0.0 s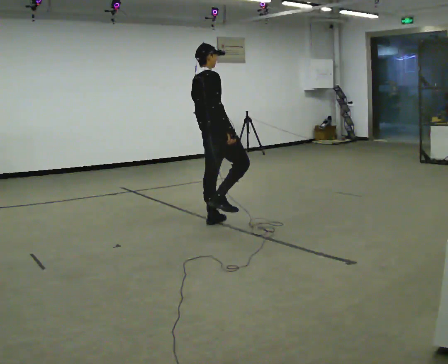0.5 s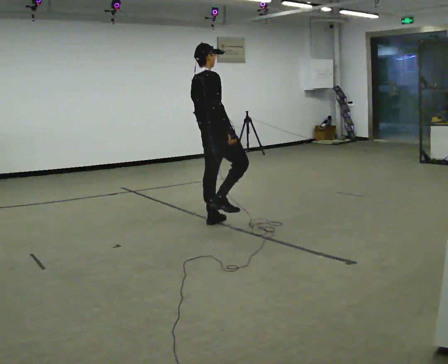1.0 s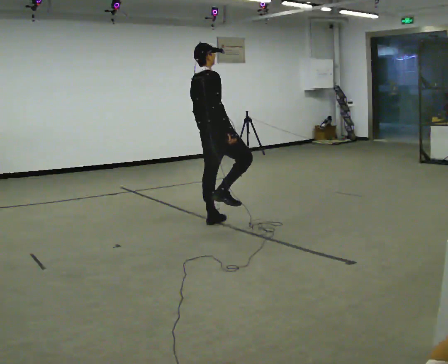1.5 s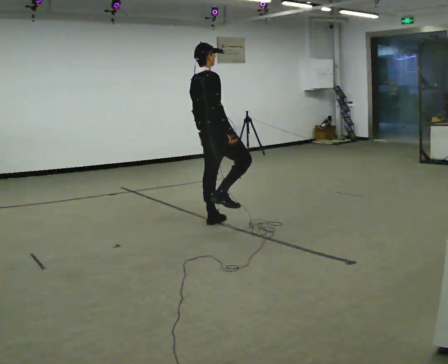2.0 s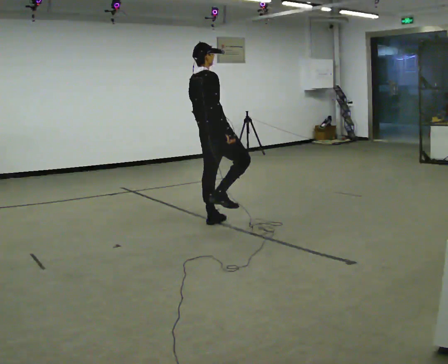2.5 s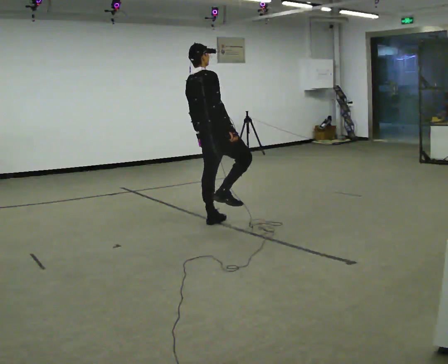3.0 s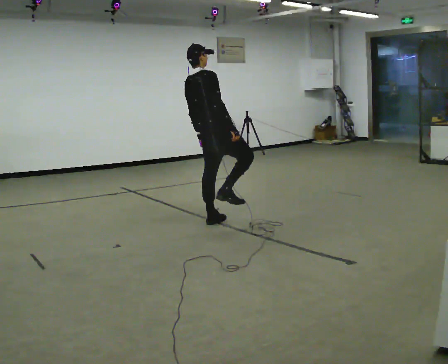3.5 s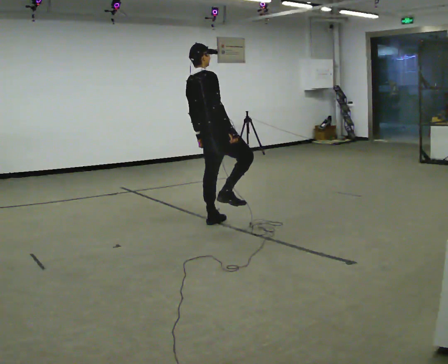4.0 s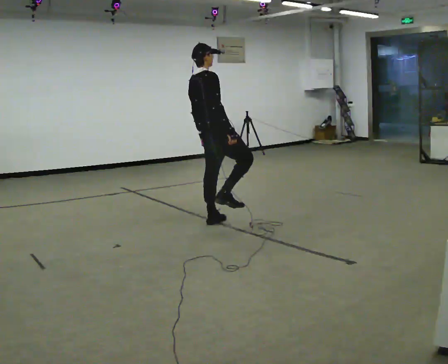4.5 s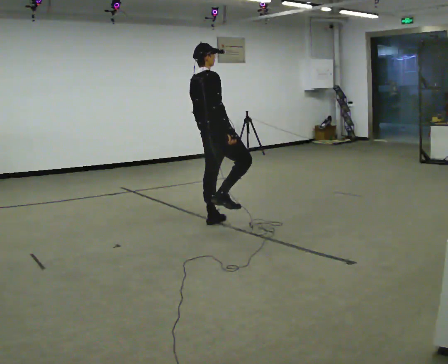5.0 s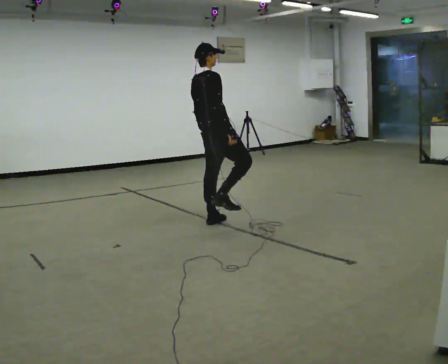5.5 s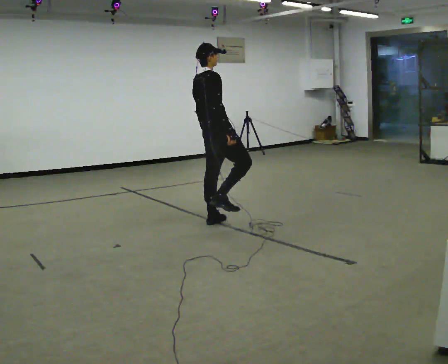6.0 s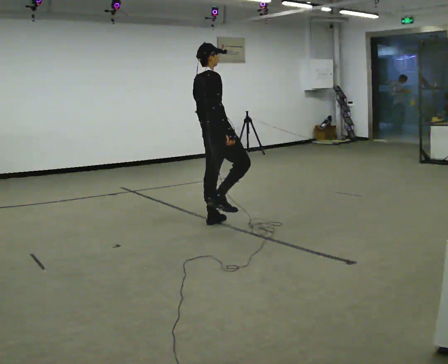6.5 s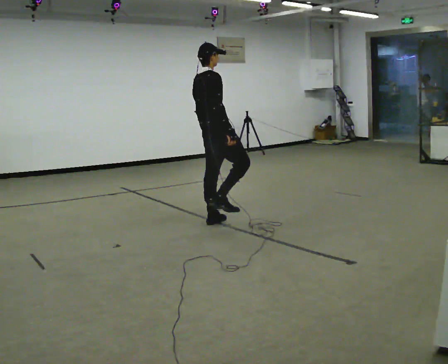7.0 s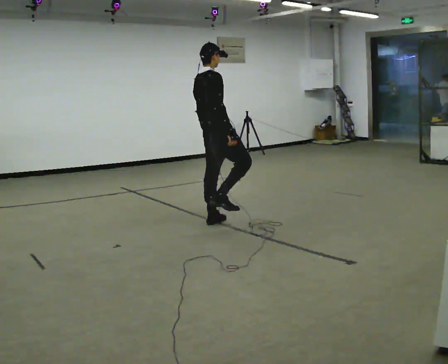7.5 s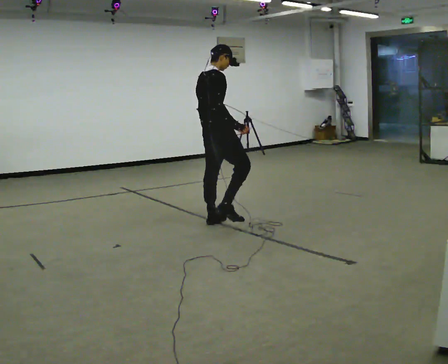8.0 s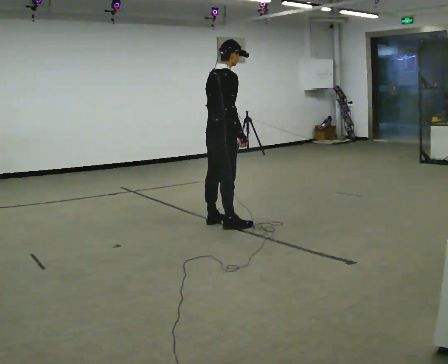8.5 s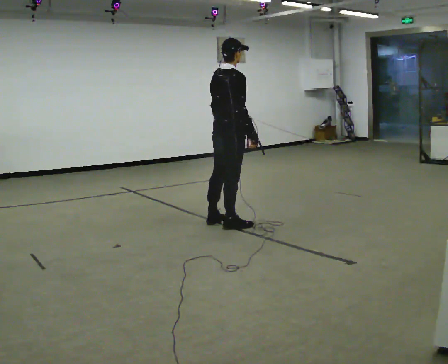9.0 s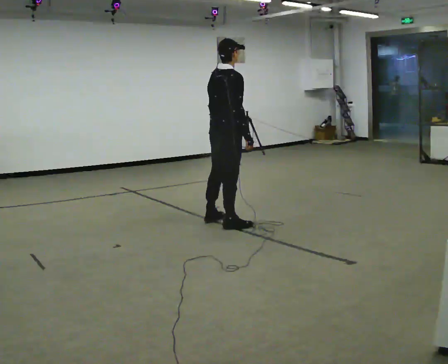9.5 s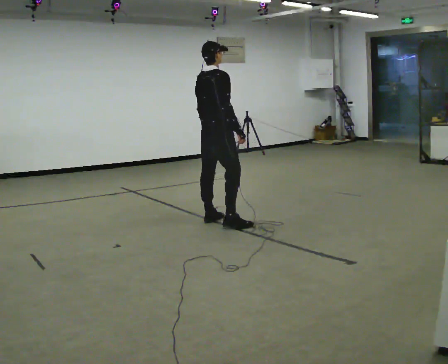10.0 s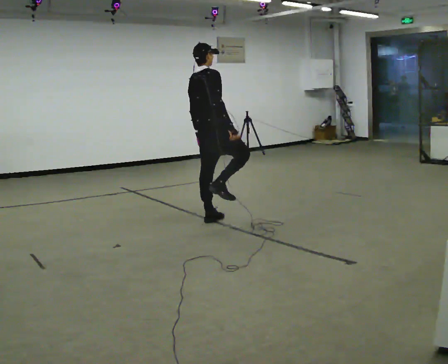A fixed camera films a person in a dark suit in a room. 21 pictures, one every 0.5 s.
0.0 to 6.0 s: The person moves a little, or ends about where they began.
6.0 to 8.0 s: In the picture the upper body tilts clockwise, shoulders to the right.
8.0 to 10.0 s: In the picture they go away from the camera, about 0.25 m in 1 step, which for them is to their left. In the picture the upper body tilts counterclockwise, shoulders to the left.
The film runs forward here.
